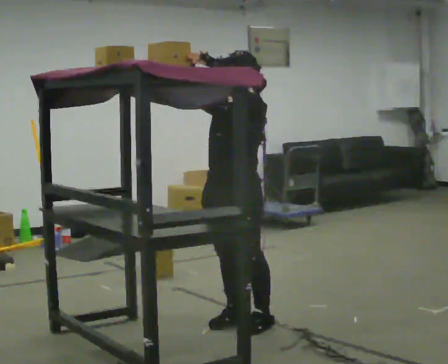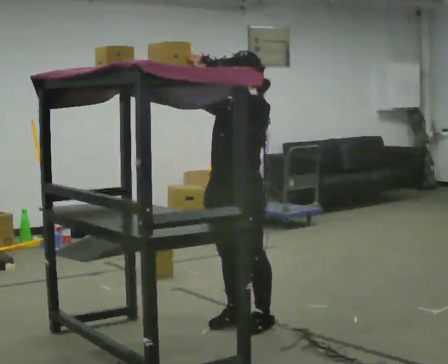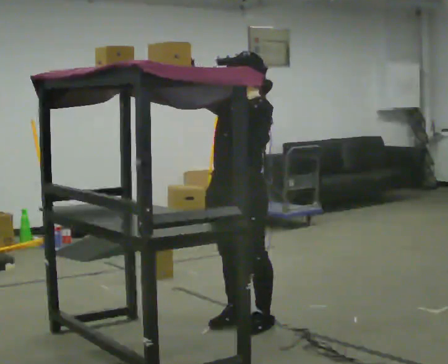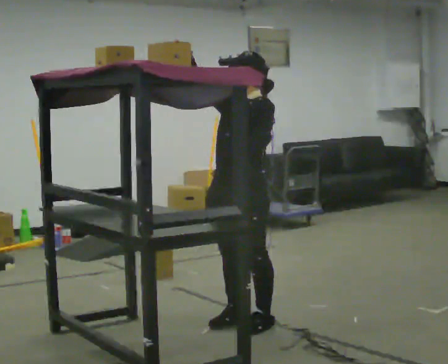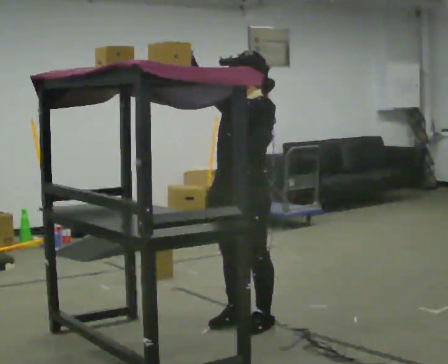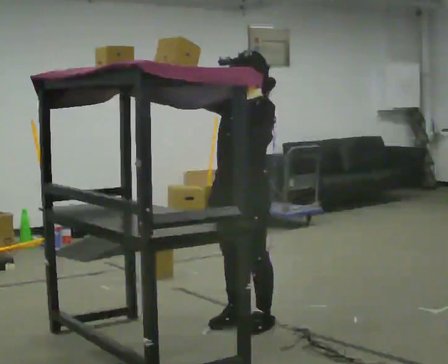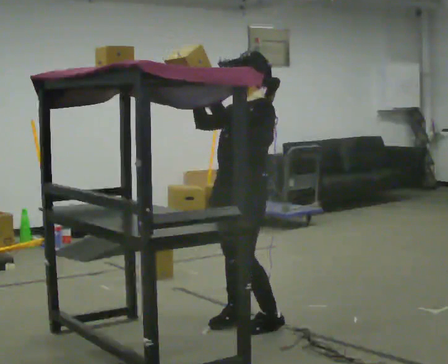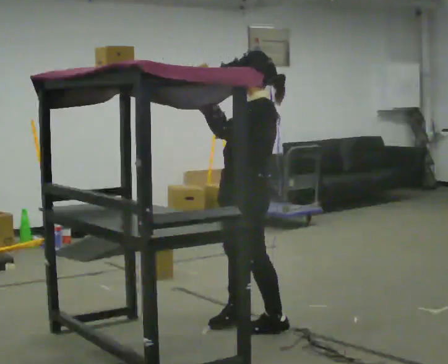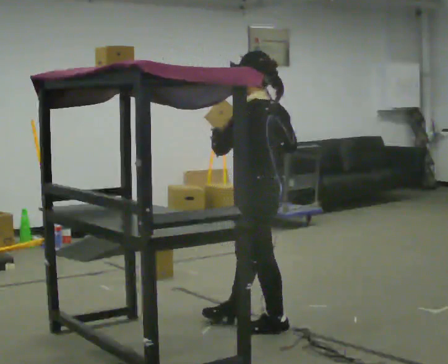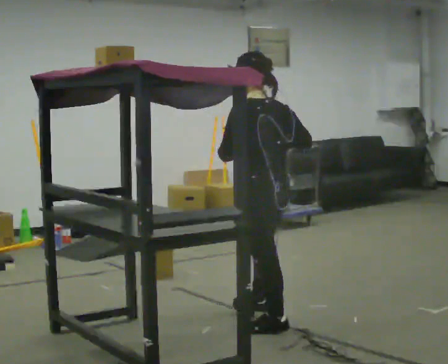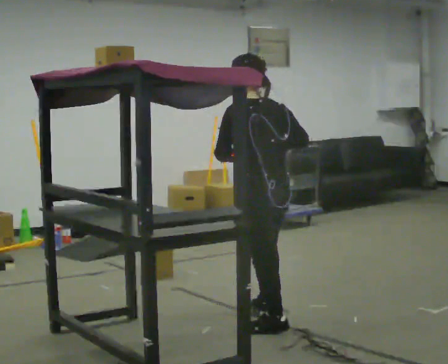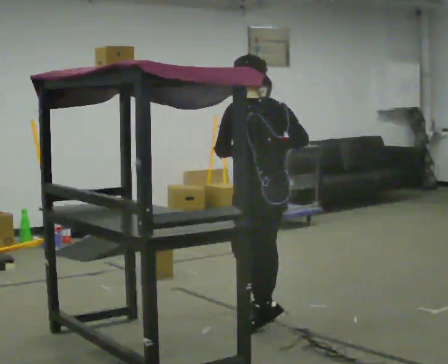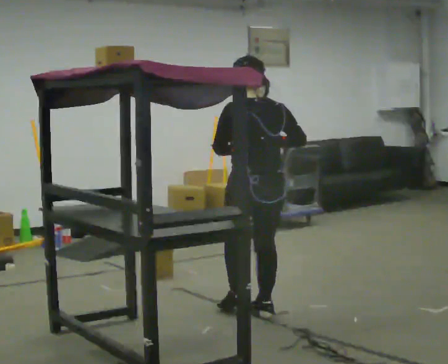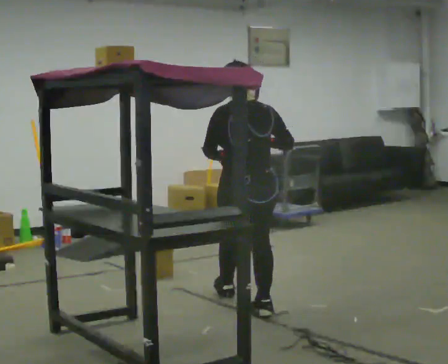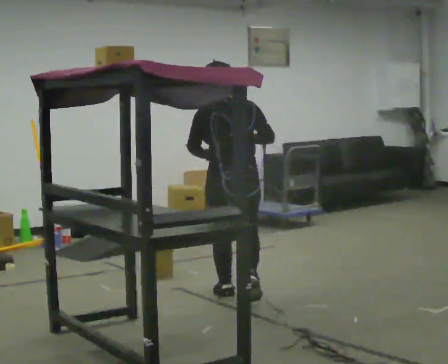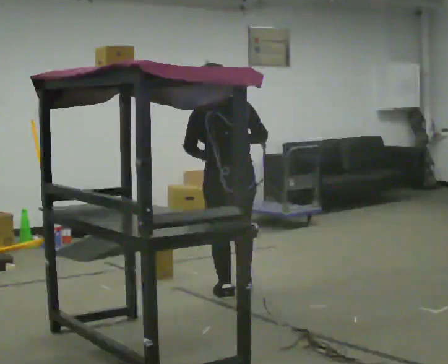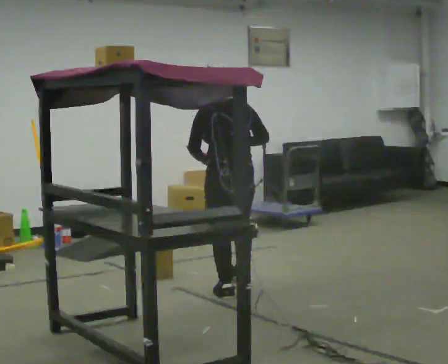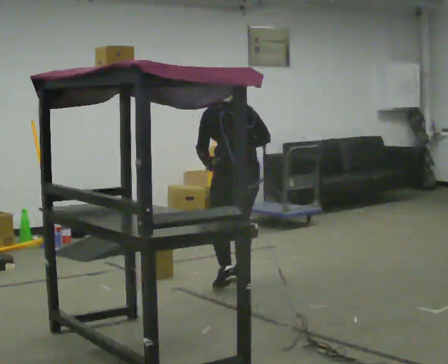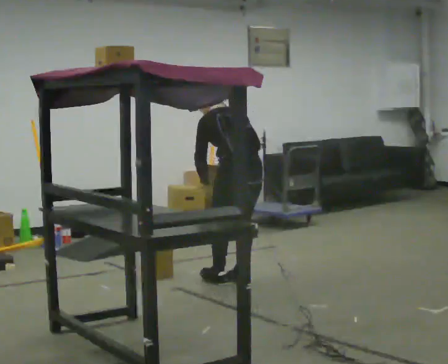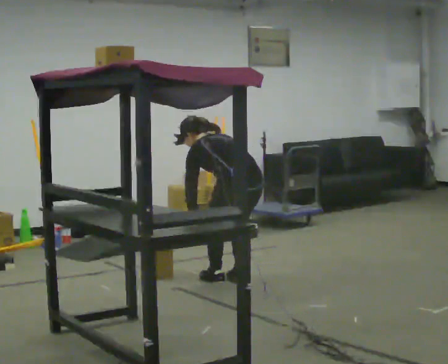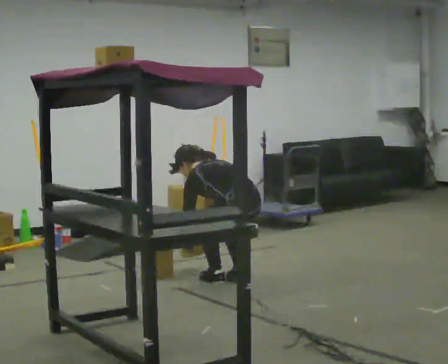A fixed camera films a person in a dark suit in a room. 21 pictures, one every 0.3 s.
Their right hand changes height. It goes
downward.
The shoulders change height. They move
downward.
0.0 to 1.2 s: The person moves a little, or ends about where they began.
1.2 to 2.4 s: The person turns about 60 degrees to their right, clockwise seen from above, so the part of the body nearest the lens slides to the left. In the picture their right hand goes to the right and downward.
2.4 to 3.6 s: The person turns about 45 degrees to their right, clockwise seen from above, so the part of the body nearest the lens slides to the left. In the picture they go away from the camera, about 0.25 m in 1 step, which for them is forward and to their right.
3.6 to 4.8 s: In the picture they go away from the camera, about 0.5 m in 2 steps, which for them is forward.
4.8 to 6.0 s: In the picture they go away from the camera, about 0.25 m in 1 step, which for them is to their right. The upper body goes downward. The upper body tips away from the camera, its near side rolling upward, as they bend forward. In the picture their right hand goes downward.
The film runs forward here.
